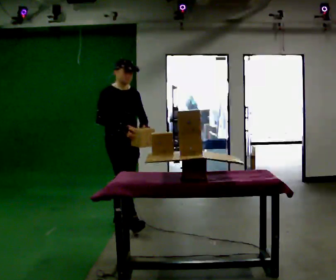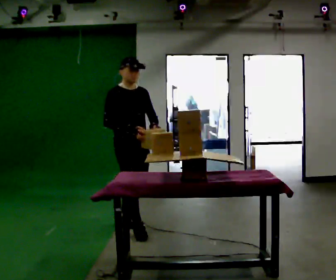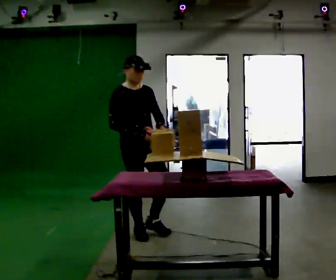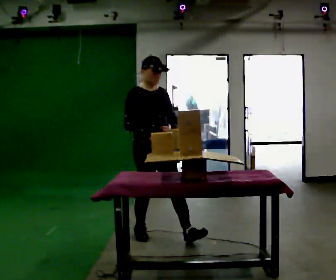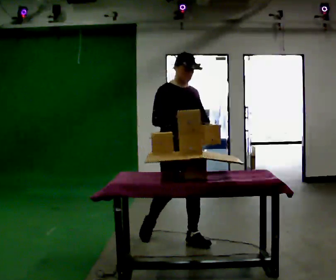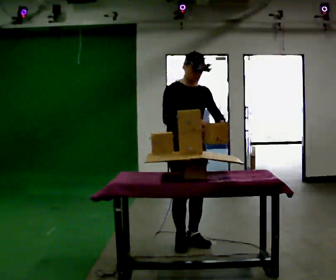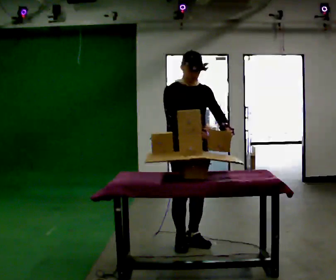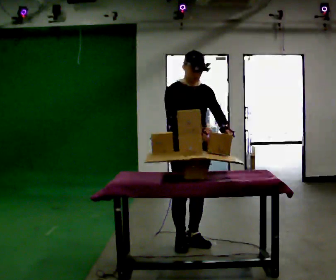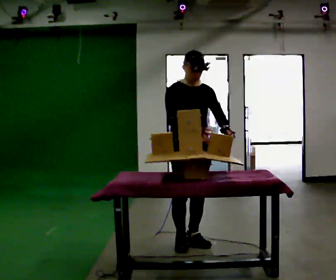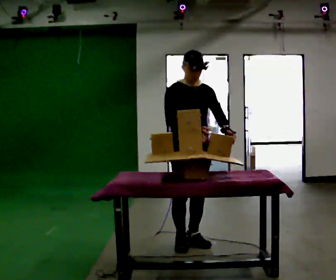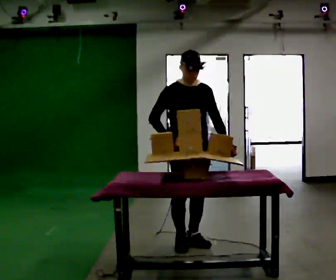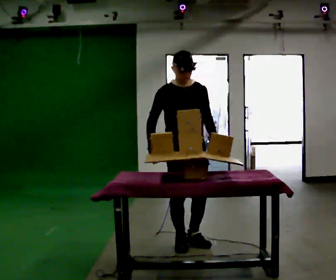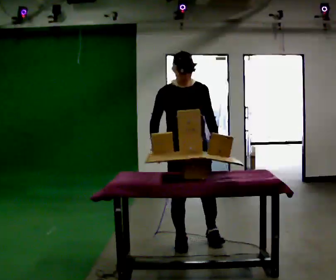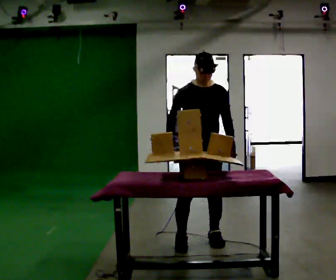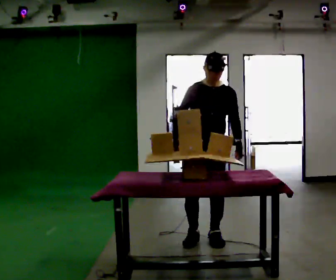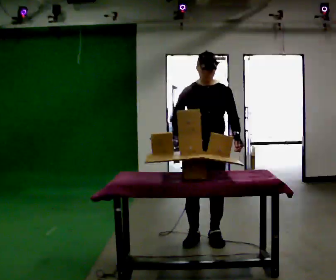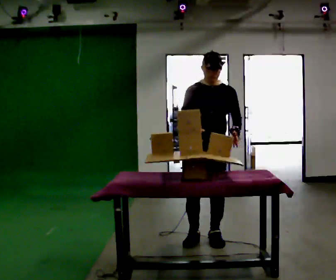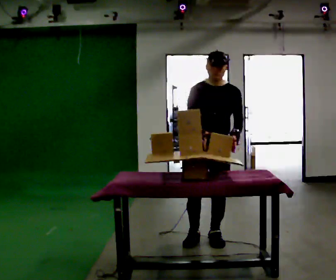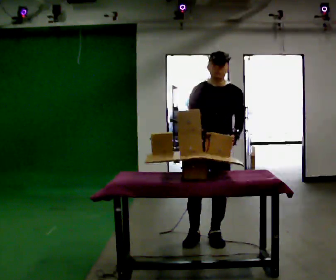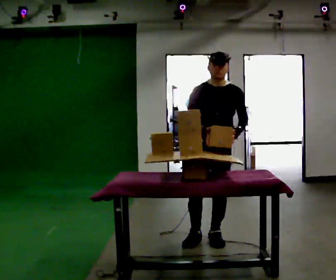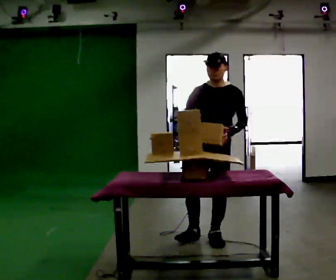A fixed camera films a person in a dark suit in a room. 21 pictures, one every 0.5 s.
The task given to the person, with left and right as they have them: Carry the object over and set it down on the wobbly board without tipping it over. Keep going until the operator says stop; one object at a time, and do not rush between trips.
0.0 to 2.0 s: In the picture they go to the right and toward the camera, about 1 m in 2 steps, which for them is forward.
2.0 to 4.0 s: The person moves a little, or ends about where they began.
4.0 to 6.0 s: In the picture their right hand goes to the left.
6.0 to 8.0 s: In the picture they go to the right, about 0.25 m in 2 steps, which for them is to their left.
8.0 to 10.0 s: The person moves a little, or ends about where they began.
The film runs forward here.
